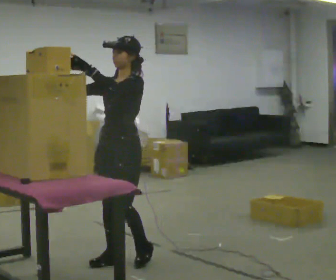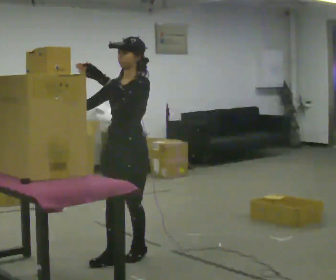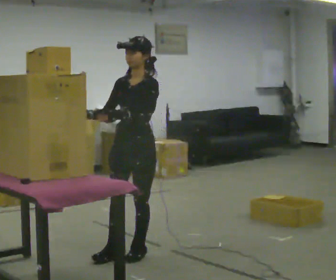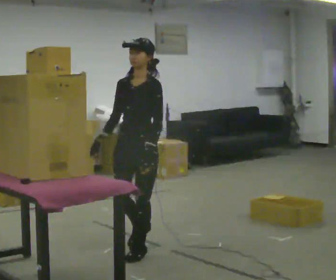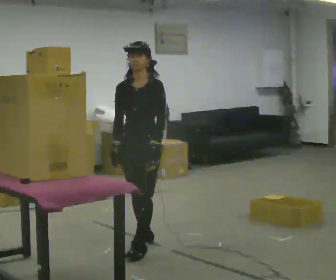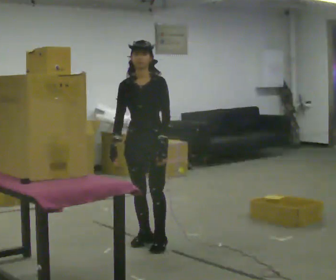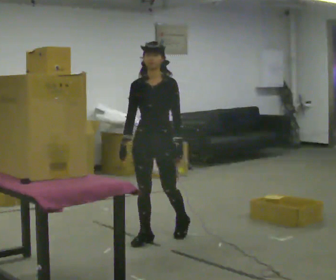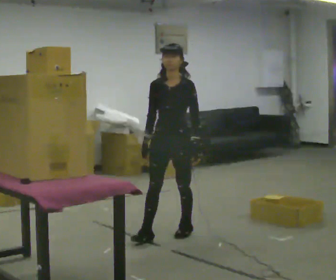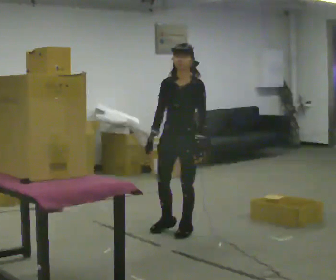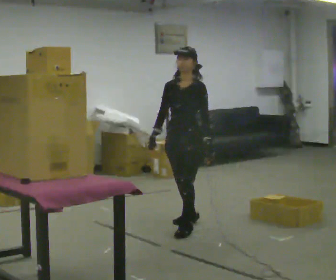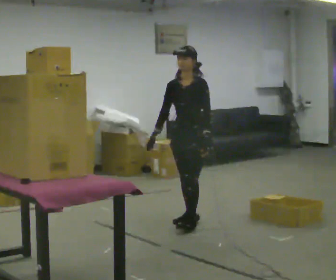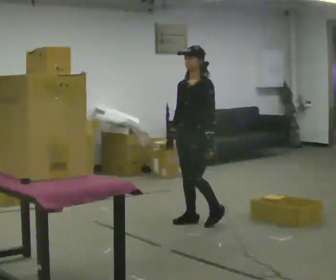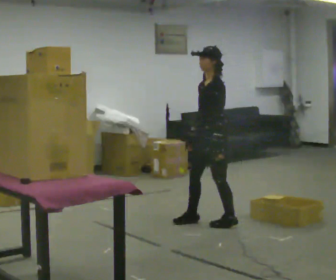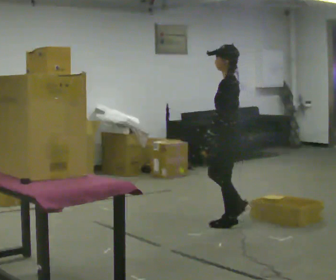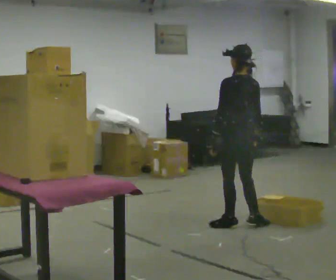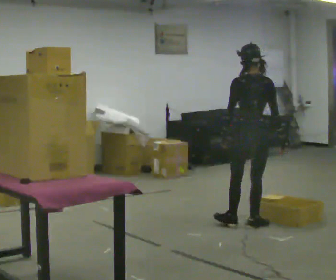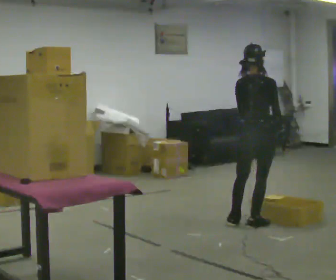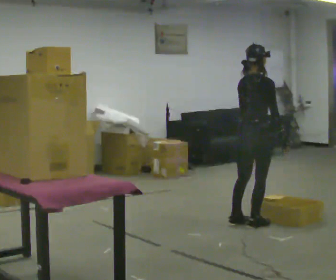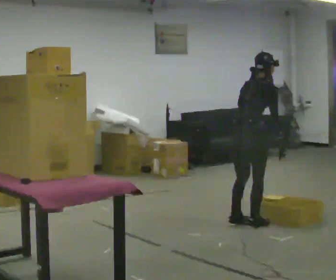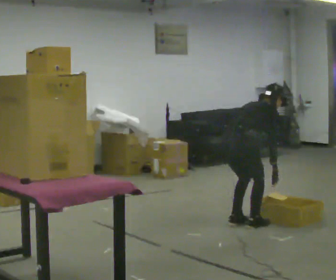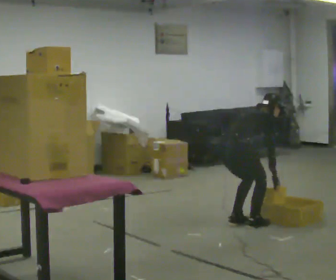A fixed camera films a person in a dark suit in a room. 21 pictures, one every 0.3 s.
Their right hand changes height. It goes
downward.
The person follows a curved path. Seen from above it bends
clockwise.
0.0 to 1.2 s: In the picture they go away from the camera, about 0.5 m in 1 step, which for them is backward and to their right. In the picture their left hand goes downward.
1.2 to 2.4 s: In the picture they go away from the camera and to the right, about 0.5 m in 2 steps, which for them is backward.
2.4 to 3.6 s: The person turns about 45 degrees to their right, clockwise seen from above, so the part of the body nearest the lens slides to the left. In the picture they go away from the camera and to the right, about 0.5 m in 1 step, which for them is backward.
3.6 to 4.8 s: The person turns about 135 degrees to their right, clockwise seen from above, so the part of the body nearest the lens slides to the left. In the picture they go to the right, about 0.5 m in 1 step.
4.8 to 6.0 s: The person turns about 30 degrees to their right, clockwise seen from above, so the part of the body nearest the lens slides to the left. In the picture they go to the left, about 0.25 m, which for them is backward. The upper body goes downward. In the picture the upper body tilts clockwise, shoulders to the right, as they bend forward. In the picture their left hand goes downward.
The film runs backward here.
